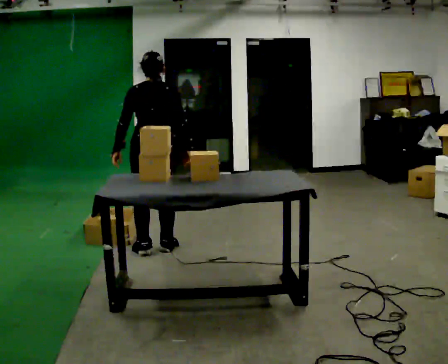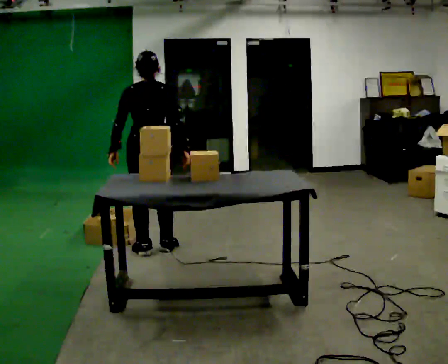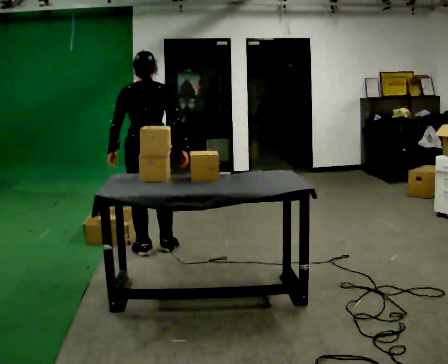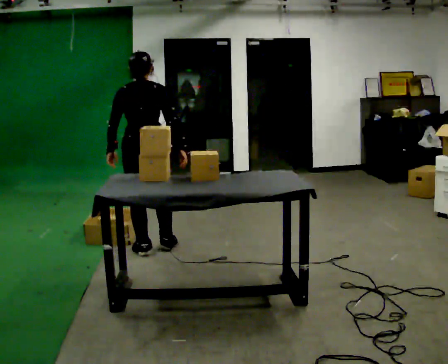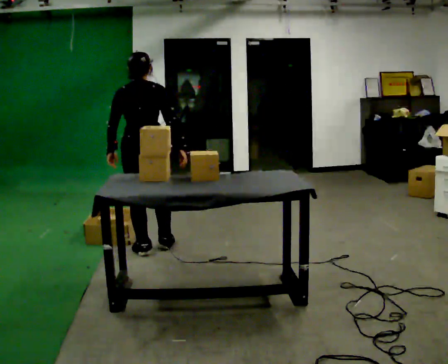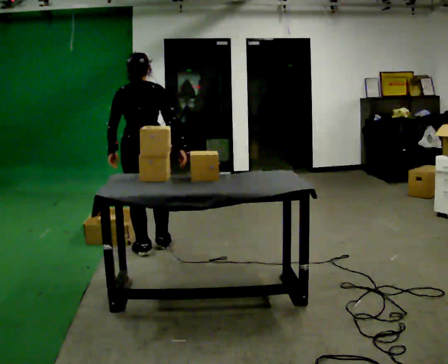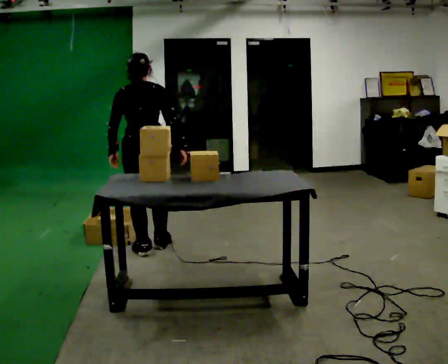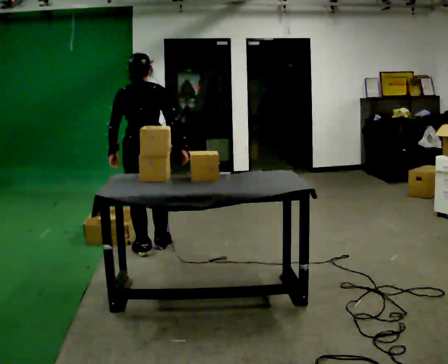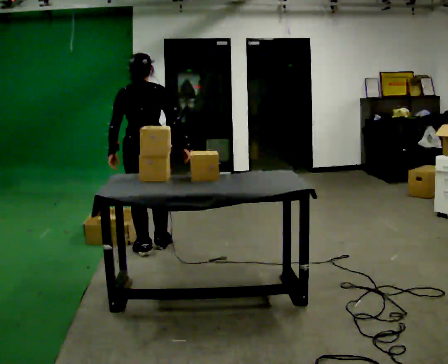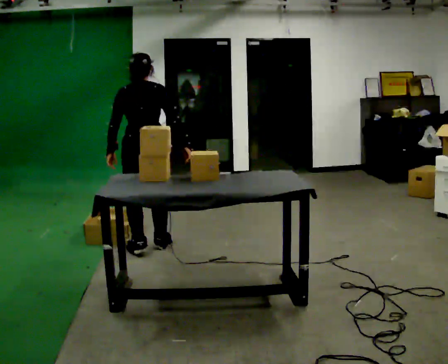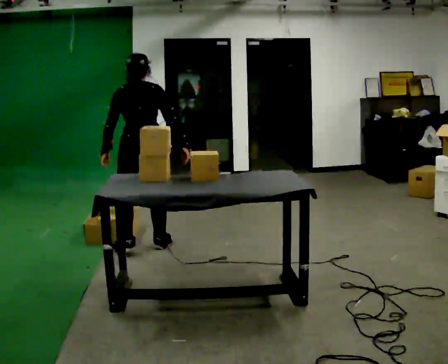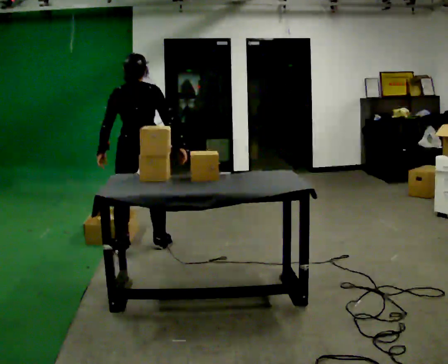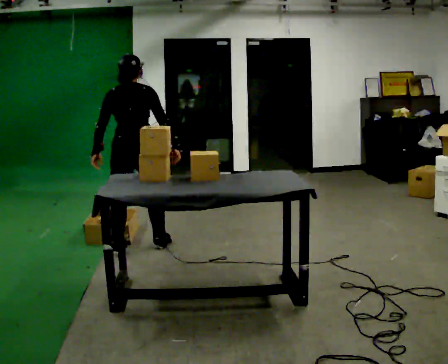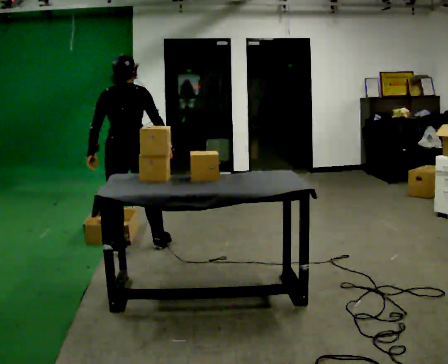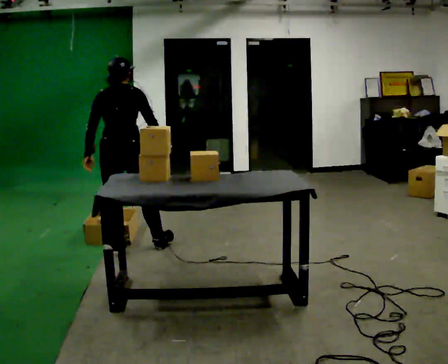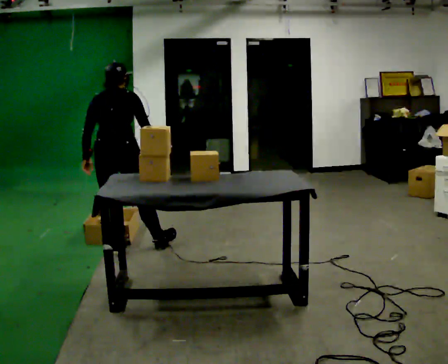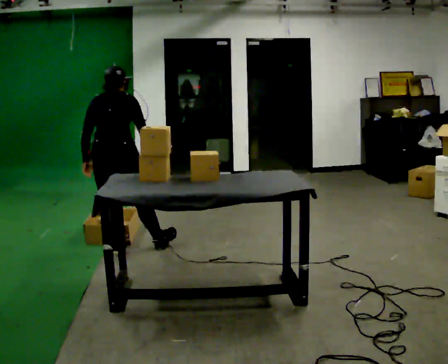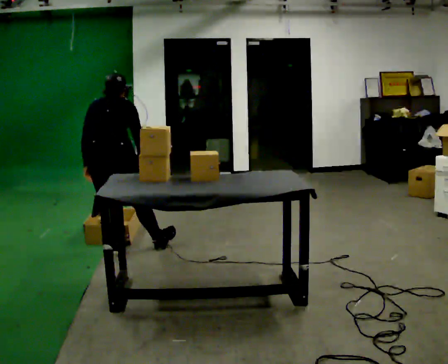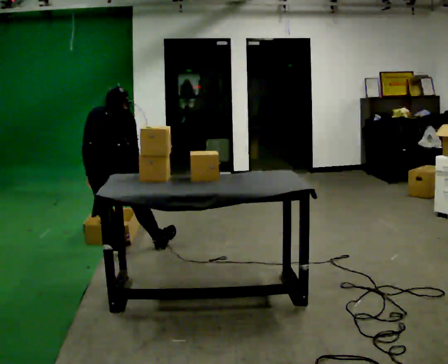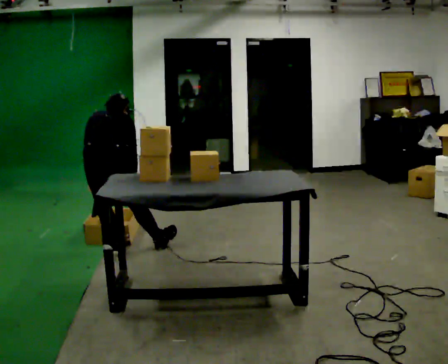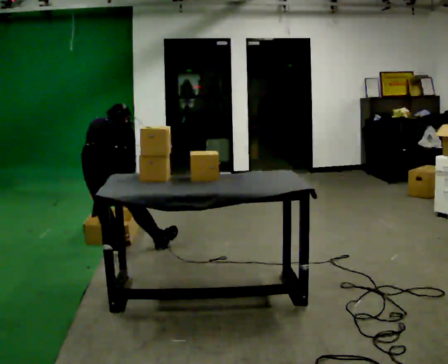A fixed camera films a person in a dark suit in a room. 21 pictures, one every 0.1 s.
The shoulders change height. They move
downward.
The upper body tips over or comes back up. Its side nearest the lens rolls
upward.
0.0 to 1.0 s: The person moves a little, or ends about where they began.
1.0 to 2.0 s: In the picture they go to the left, about 0.25 m, which for them is to their left and backward. The shoulders move downward. The upper body tips away from the camera, its near side rolling upward, as they bend forward. In the picture their right hand goes downward.
The film runs backward here.
